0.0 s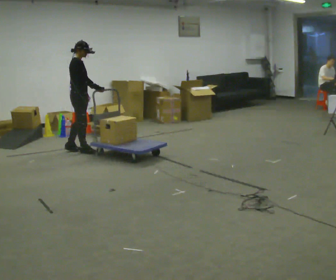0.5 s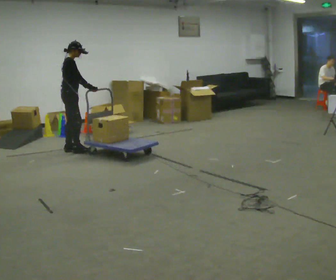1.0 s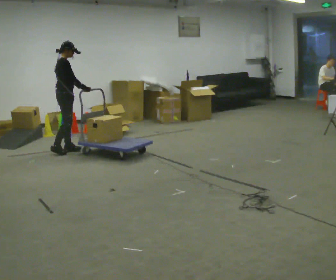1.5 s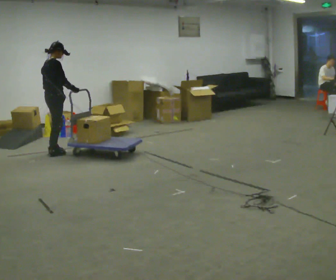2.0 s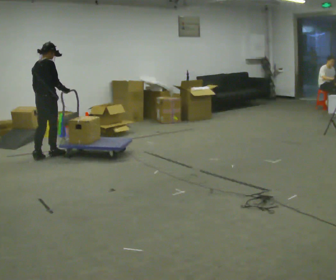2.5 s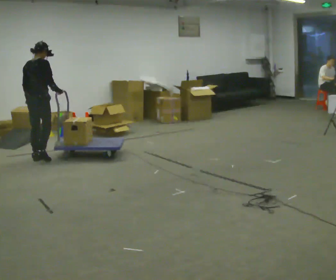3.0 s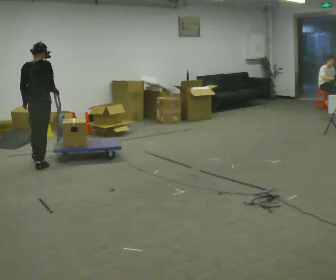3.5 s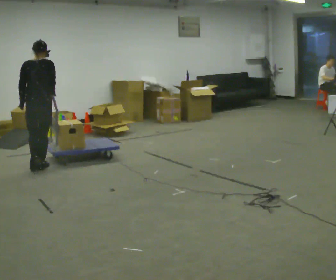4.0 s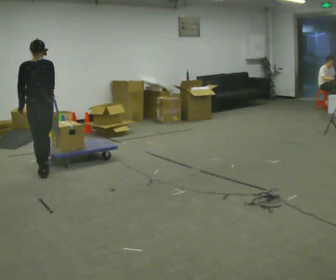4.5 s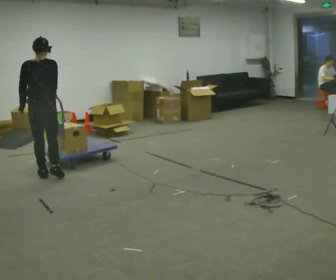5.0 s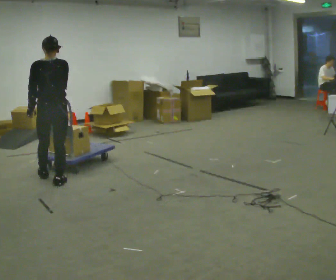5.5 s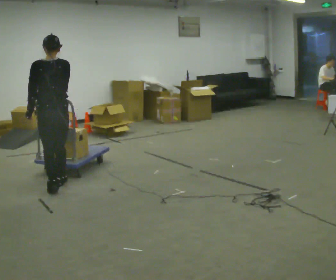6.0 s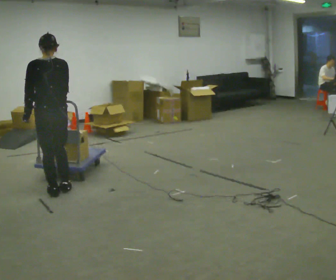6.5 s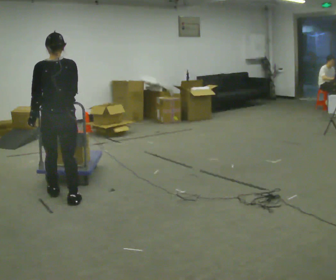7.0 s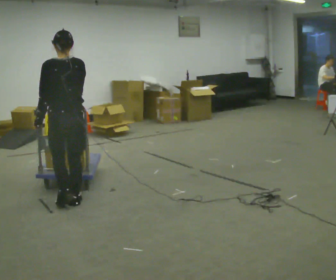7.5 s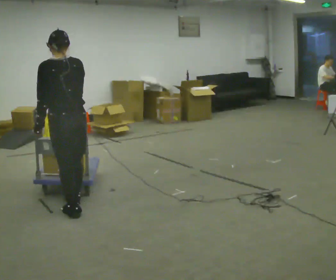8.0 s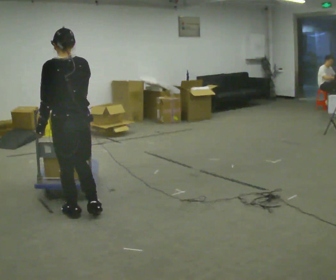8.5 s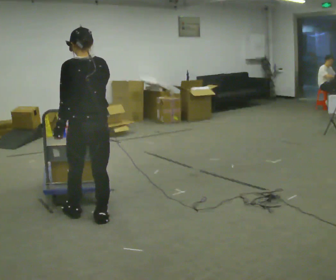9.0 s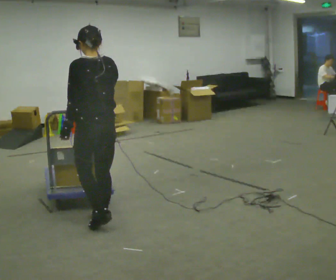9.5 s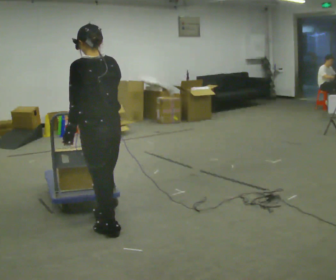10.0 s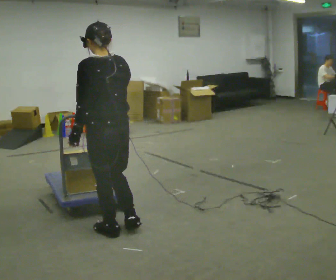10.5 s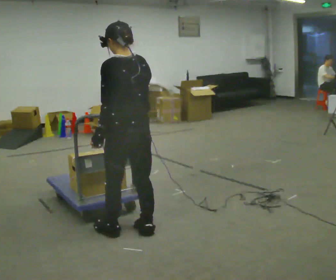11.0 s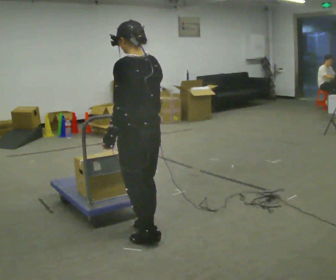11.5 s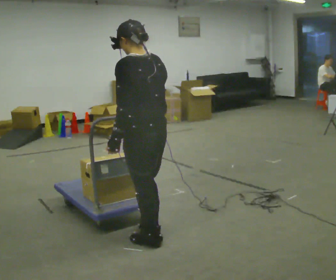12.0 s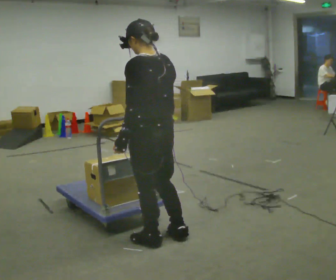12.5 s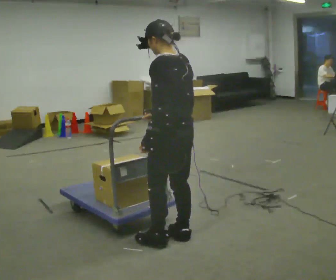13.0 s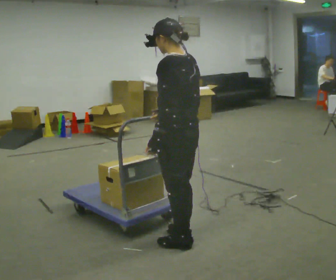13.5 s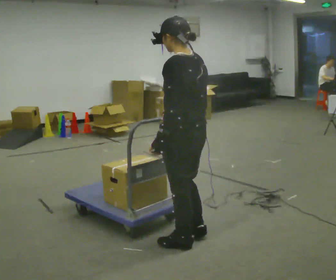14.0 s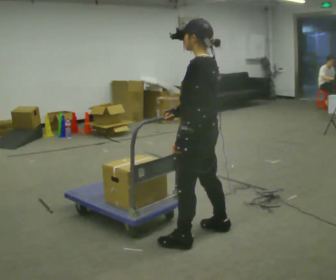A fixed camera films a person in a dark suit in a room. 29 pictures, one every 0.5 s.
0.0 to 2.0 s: The part of the body nearest the lens slides to the right as the person turns to their left by about 60 degrees. In the picture they go to the left and toward the camera, about 0.5 m in 2 steps, which for them is backward.
2.0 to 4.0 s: The person turns about 60 degrees to their left, counterclockwise seen from above, so the part of the body nearest the lens slides to the right. In the picture they go toward the camera, about 1 m in 3 steps, which for them is backward and to their right.
4.0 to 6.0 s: In the picture they go toward the camera, about 0.5 m in 2 steps, which for them is backward.
6.0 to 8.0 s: In the picture they go toward the camera and to the right, about 0.5 m in 2 steps, which for them is backward.
8.0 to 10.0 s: In the picture they go toward the camera and to the right, about 0.5 m in 2 steps, which for them is backward.
10.0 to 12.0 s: In the picture they go to the right and toward the camera, about 0.25 m in 2 steps, which for them is backward.
12.0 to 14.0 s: In the picture they go to the right, about 0.25 m in 2 steps, which for them is backward and to their right.
The film runs backward here.
